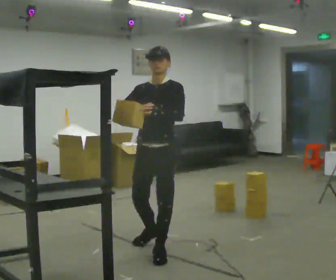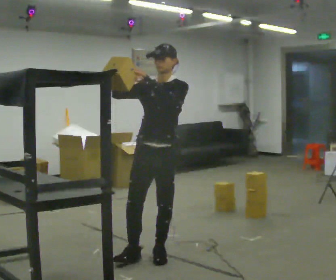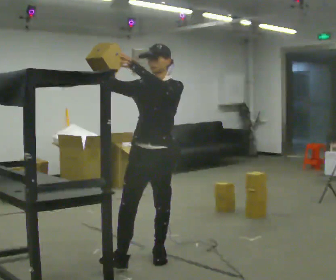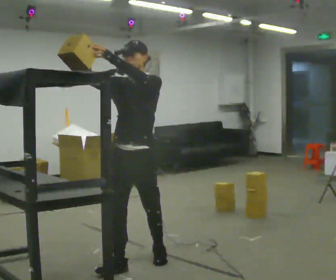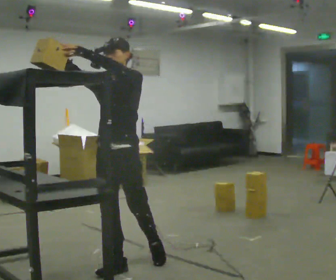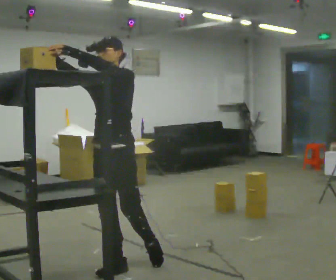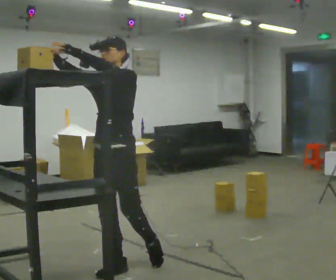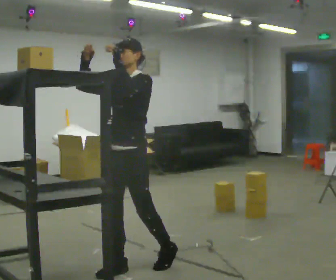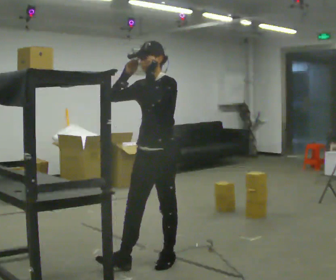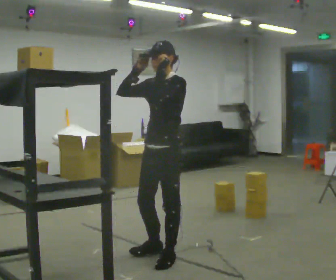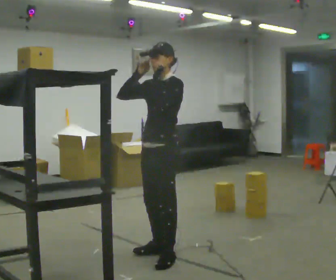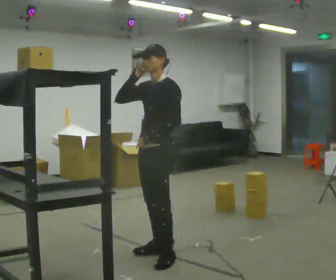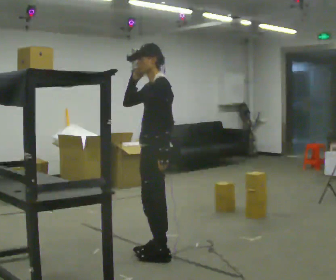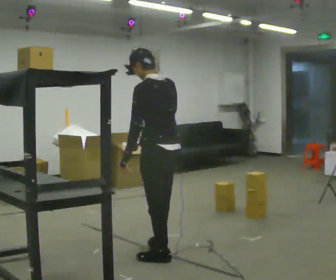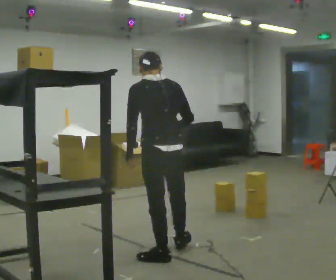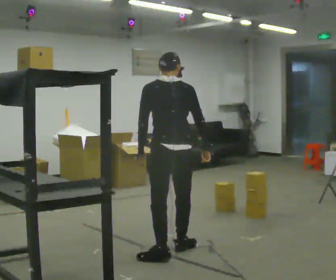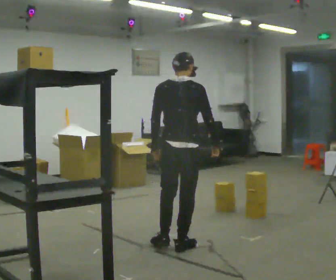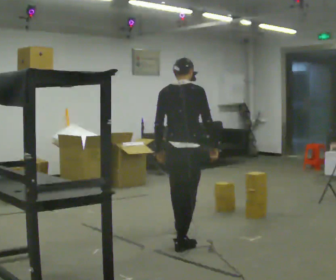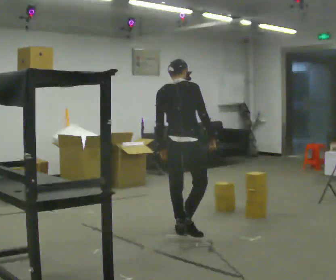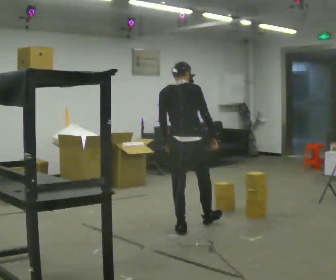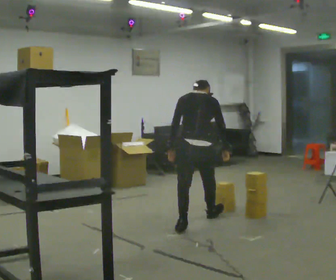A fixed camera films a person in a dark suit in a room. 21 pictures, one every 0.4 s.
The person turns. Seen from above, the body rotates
clockwise.
The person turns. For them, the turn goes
to their right.
0.0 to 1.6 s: In the picture they go toward the camera and to the left, about 0.5 m in 1 step, which for them is forward. In the picture their left hand goes upward.
1.6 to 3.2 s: In the picture they go to the right and away from the camera, about 0.25 m in 1 step, which for them is backward and to their left.
3.2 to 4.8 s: The part of the body nearest the lens slides to the left as the person turns to their right by about 45 degrees. In the picture they go away from the camera, about 0.25 m in 1 step, which for them is to their right. In the picture their left hand goes downward.
4.8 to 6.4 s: Seen from above the body turns clockwise, about 105 degrees: to their right, with its near side sliding to the left. In the picture they go away from the camera and to the right, about 0.25 m. In the picture their right hand goes downward.
6.4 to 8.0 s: In the picture they go away from the camera, about 1 m in 2 steps, which for them is forward. The upper body tips away from the camera, its near side rolling upward, as they bend forward.
The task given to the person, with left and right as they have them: Take an object down from the highest shelf you can comfortably reach, carry it across the room, and set it on the floor. Keep going until the operator says stop; one object at a time, and do not rush between trips.
The film runs forward here.
